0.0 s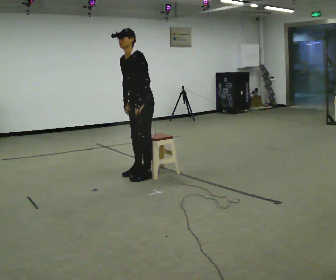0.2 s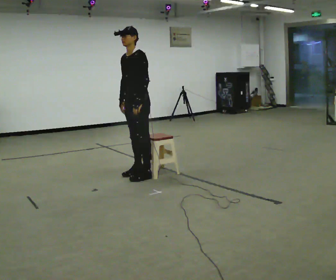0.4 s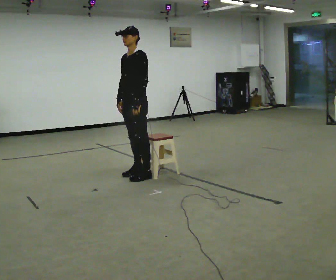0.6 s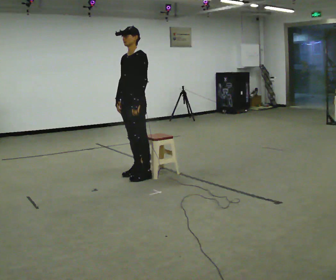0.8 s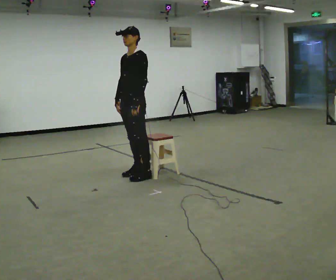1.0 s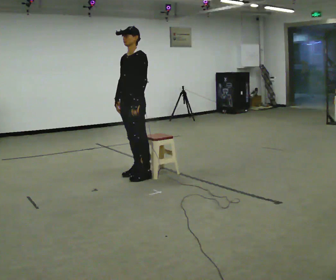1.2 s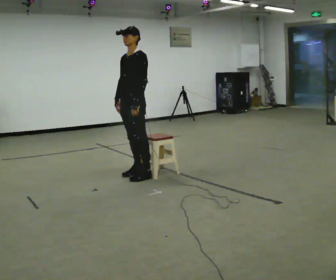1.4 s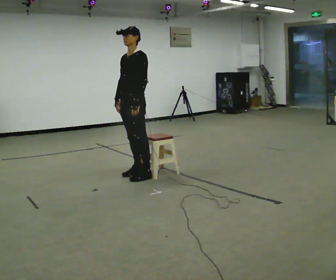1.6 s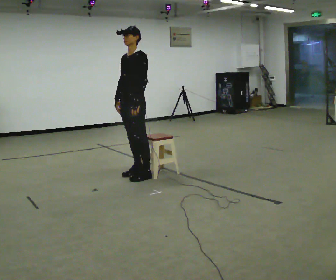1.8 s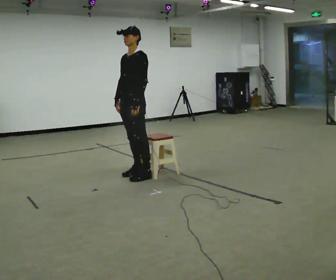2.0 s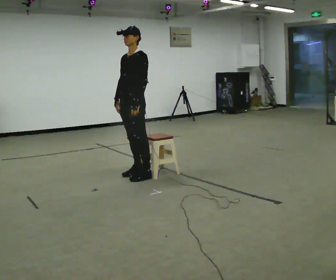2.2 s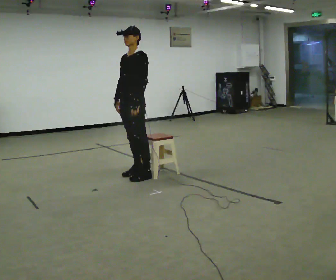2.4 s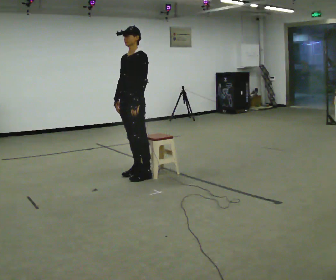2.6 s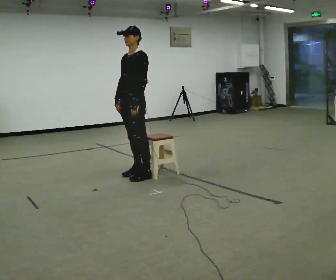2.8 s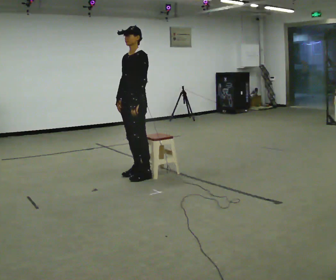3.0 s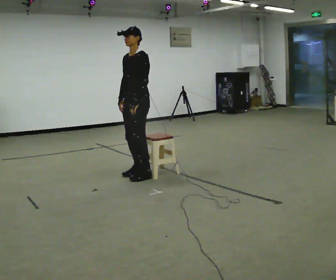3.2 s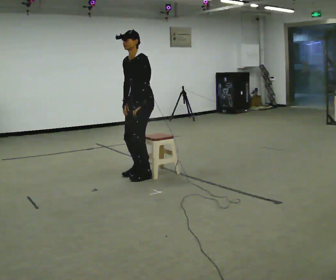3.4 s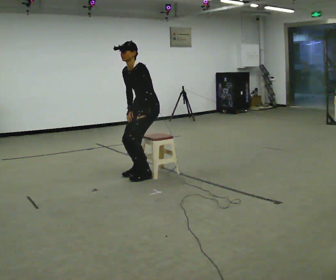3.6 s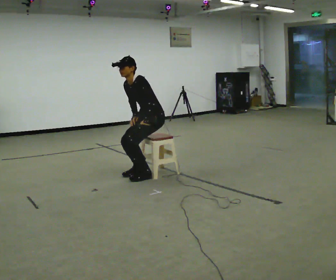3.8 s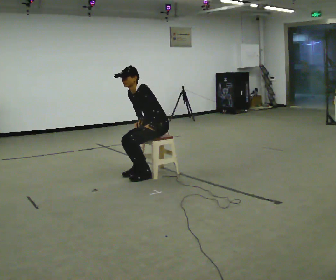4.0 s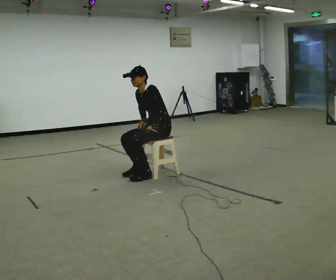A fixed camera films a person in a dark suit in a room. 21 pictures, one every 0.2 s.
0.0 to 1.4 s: In the picture the upper body tilts clockwise, shoulders to the right, as they lean back or straighten.
1.4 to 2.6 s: The person keeps their place and pose.
2.6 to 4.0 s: In the picture they go to the right, about 0.25 m, which for them is backward. The shoulders move downward.
The film runs backward here.
